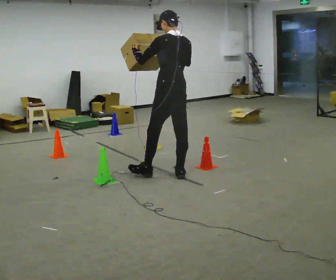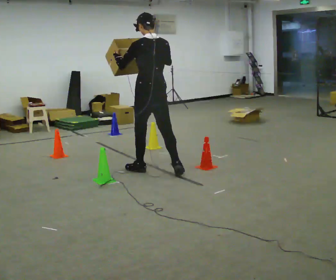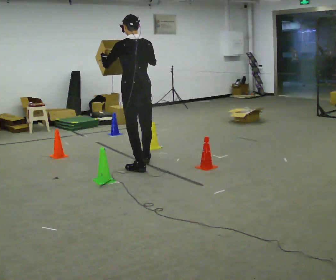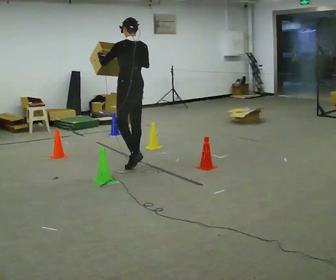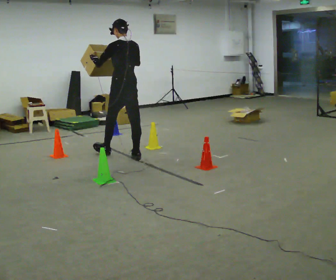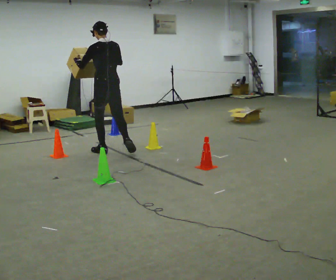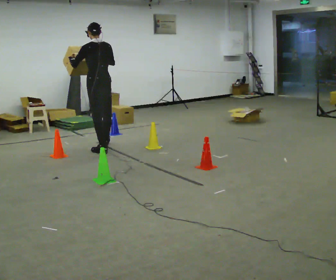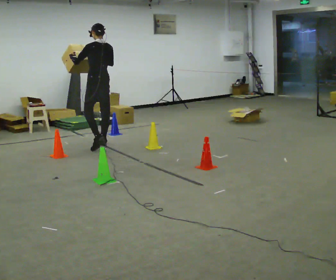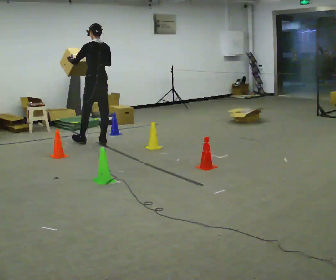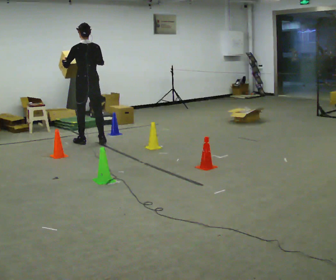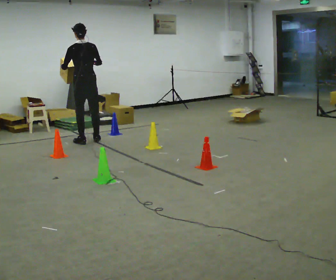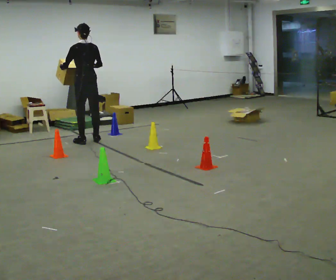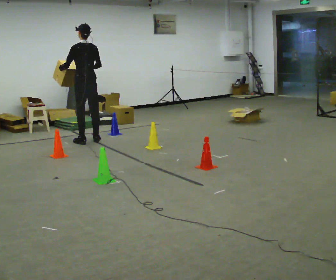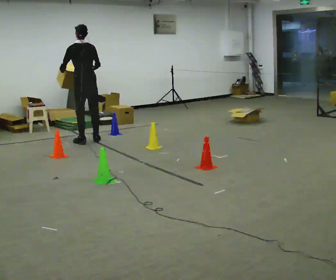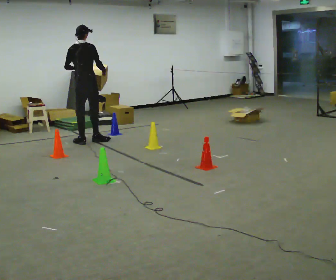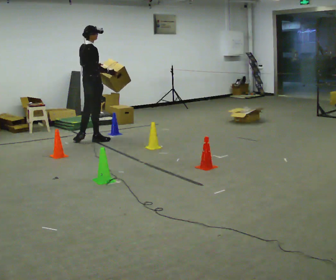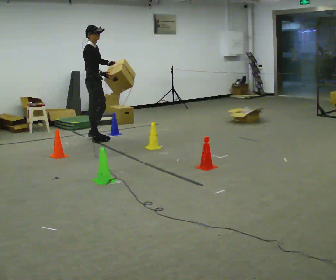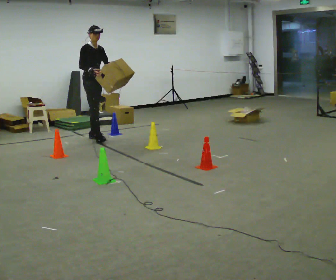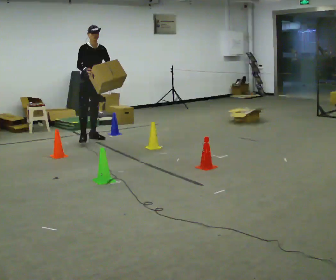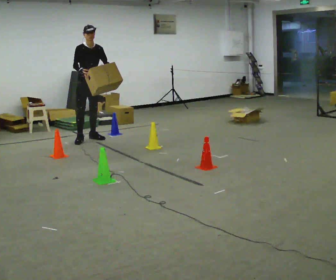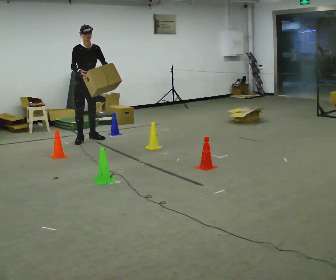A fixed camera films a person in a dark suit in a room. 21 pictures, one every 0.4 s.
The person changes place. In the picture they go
away from the camera.
0.0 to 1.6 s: In the picture they go away from the camera, about 1 m in 2 steps, which for them is forward.
1.6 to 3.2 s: In the picture they go away from the camera, about 1 m in 2 steps, which for them is forward.
3.2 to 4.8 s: In the picture they go away from the camera, about 0.25 m in 2 steps, which for them is forward.
4.8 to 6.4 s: Seen from above the body turns clockwise, about 135 degrees: to their right, with its near side sliding to the left. In the picture their left hand goes to the right.
6.4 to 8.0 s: The part of the body nearest the lens slides to the left as the person turns to their right by about 60 degrees.
The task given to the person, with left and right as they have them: Carry the box through the gap between the panels without touching either side, then set it down and bring it back. Keep going until the operator says stop; one object at a time, and do not rush between trips.
The film runs forward here.
